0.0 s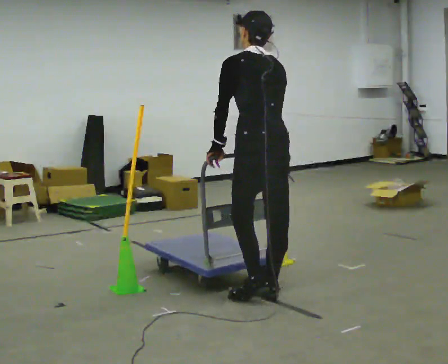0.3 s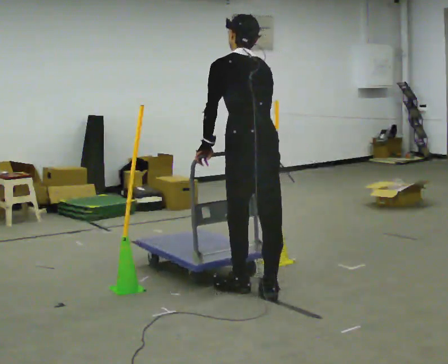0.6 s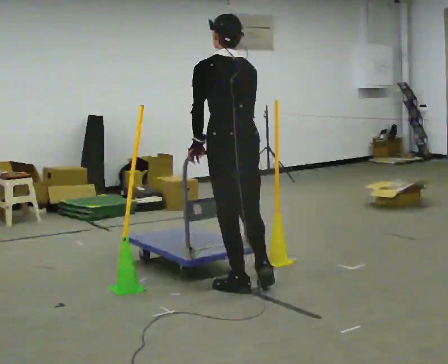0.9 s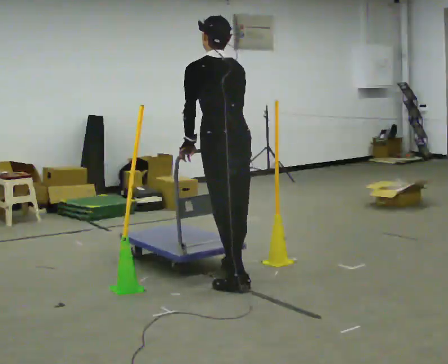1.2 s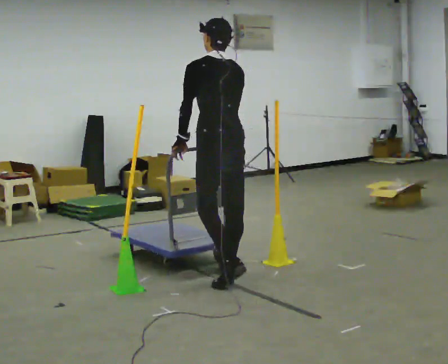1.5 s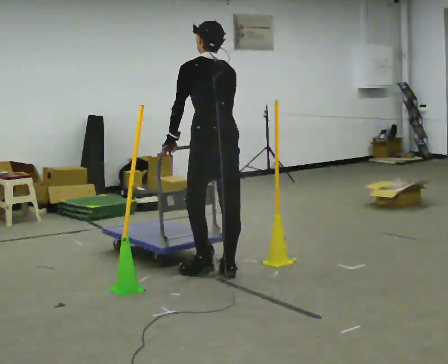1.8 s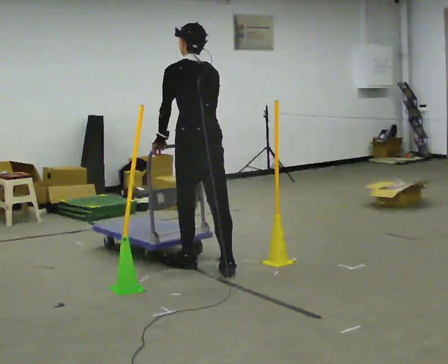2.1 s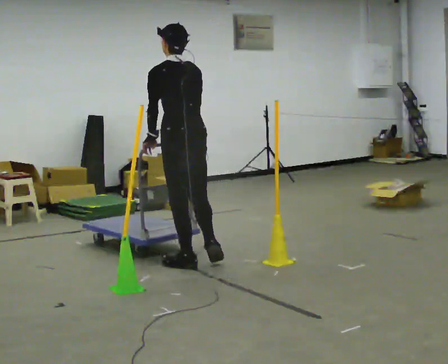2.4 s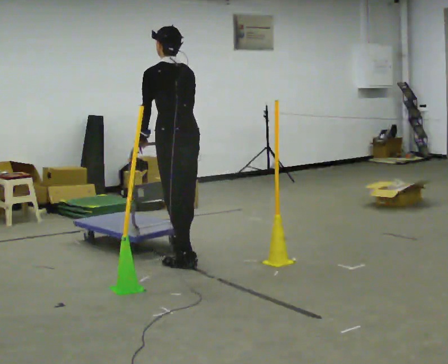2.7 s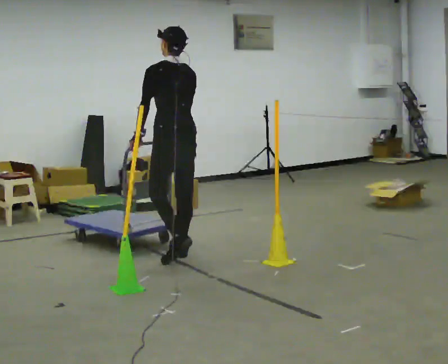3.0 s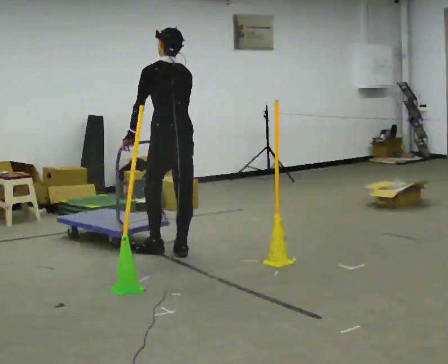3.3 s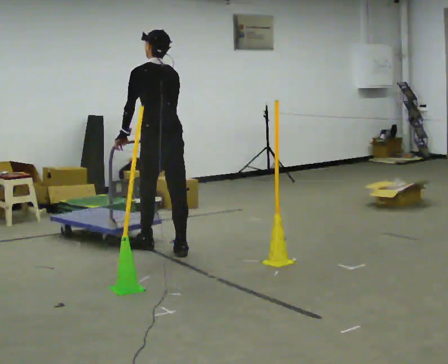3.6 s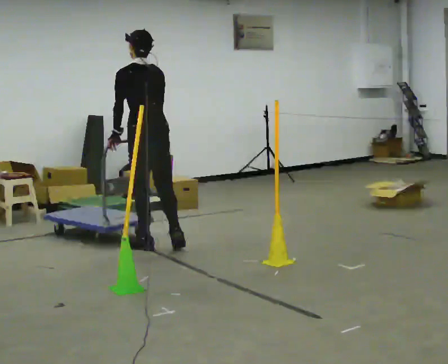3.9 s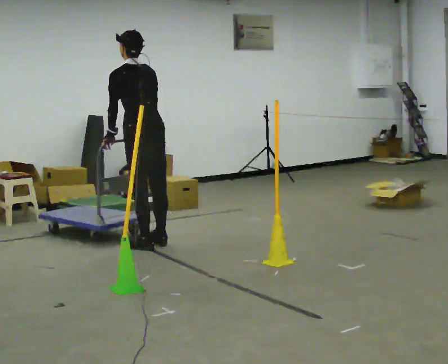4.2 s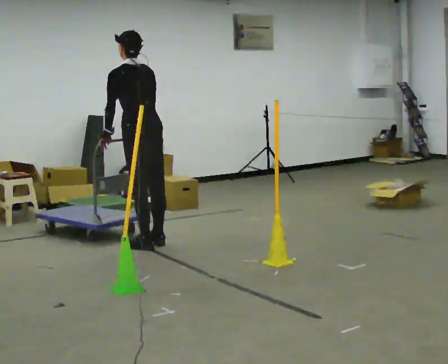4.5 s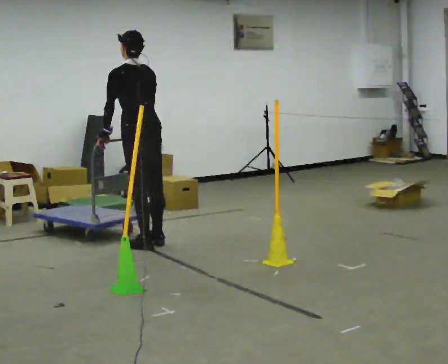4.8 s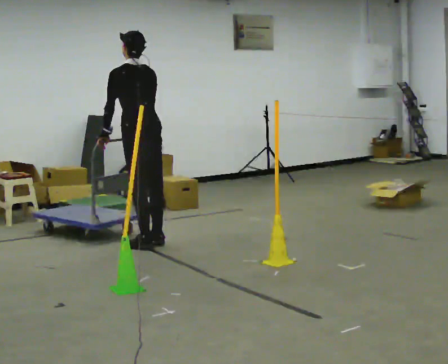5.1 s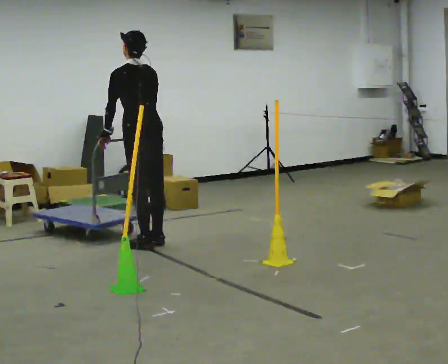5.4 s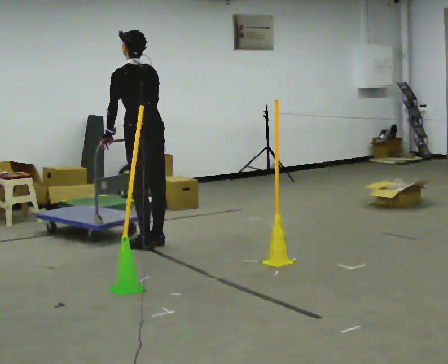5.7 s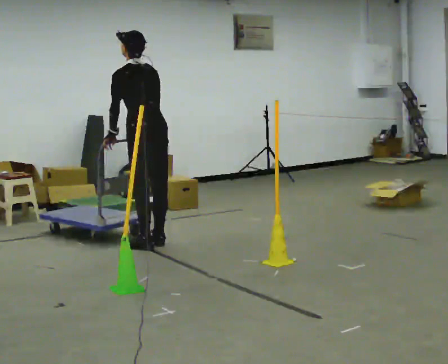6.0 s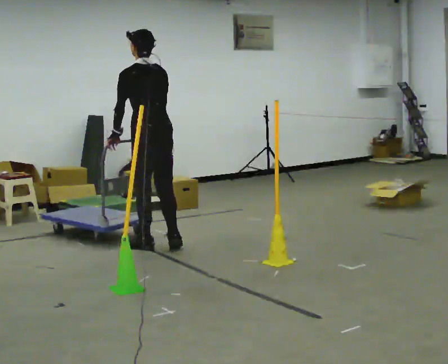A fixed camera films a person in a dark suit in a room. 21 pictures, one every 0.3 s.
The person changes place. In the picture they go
away from the camera.
0.0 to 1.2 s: In the picture they go away from the camera and to the left, about 0.5 m in 2 steps, which for them is forward.
1.2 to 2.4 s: In the picture they go away from the camera and to the left, about 0.5 m in 2 steps, which for them is forward.
2.4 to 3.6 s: In the picture they go away from the camera and to the left, about 0.5 m in 1 step, which for them is forward.
3.6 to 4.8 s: In the picture they go away from the camera, about 0.25 m in 1 step, which for them is forward.
4.8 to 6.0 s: In the picture they go toward the camera, about 0.25 m, which for them is backward.
The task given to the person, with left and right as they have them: Push the cart through the gap between the poles without touching them, then bring it back through.
The film runs forward here.
